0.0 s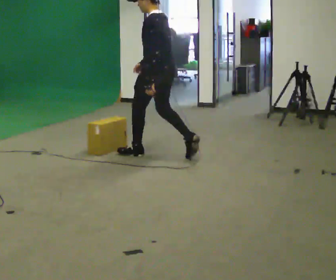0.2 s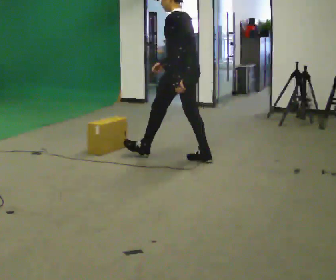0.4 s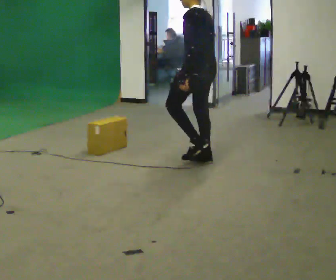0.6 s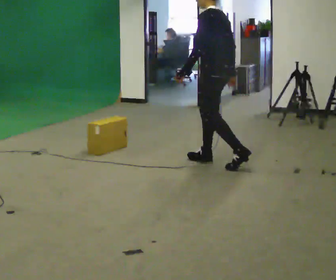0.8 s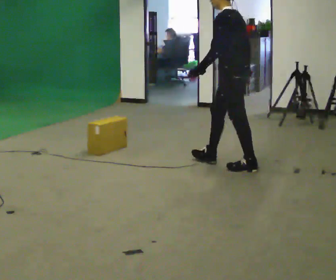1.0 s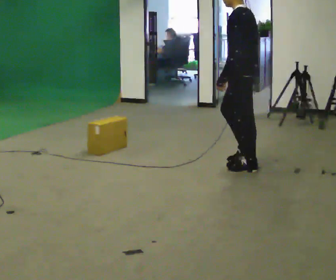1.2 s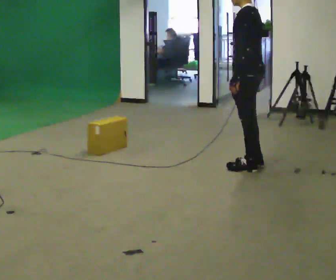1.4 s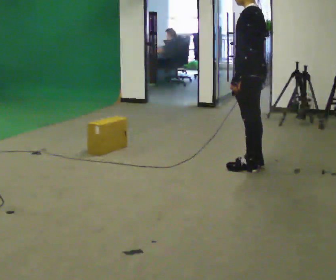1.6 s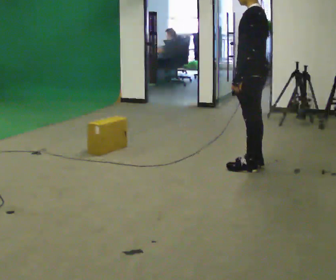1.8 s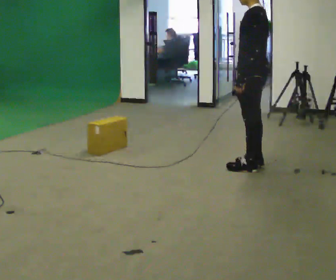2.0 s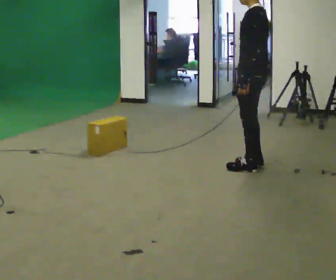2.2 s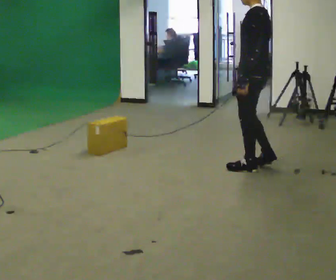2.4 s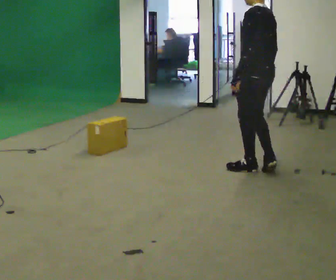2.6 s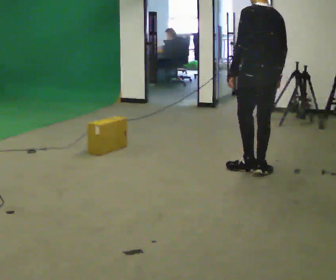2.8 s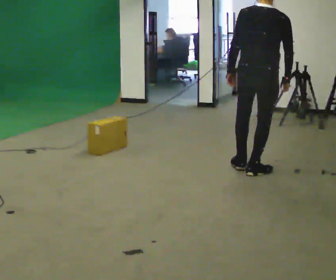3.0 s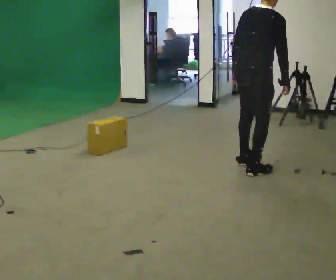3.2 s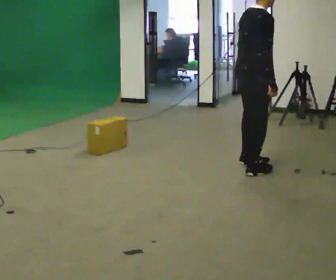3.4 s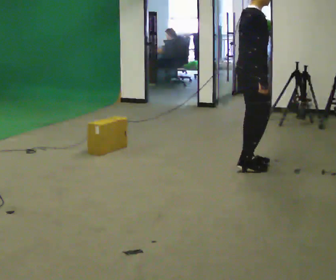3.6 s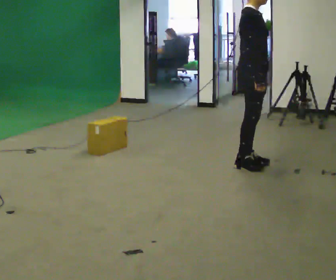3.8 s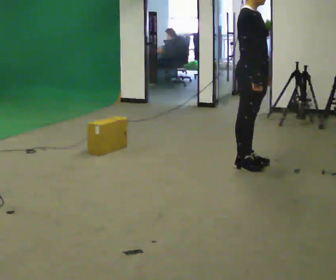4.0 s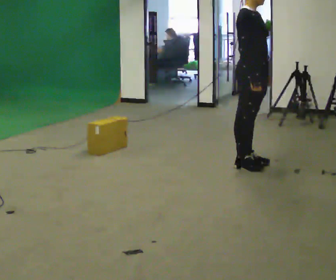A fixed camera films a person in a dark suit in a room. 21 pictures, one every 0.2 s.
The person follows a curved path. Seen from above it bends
counterclockwise.
The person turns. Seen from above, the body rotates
clockwise.
0.0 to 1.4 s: In the picture they go to the right, about 1 m in 2 steps, which for them is backward.
1.4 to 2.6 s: Seen from above the body turns clockwise, about 30 degrees: to their right, with its near side sliding to the left.
2.6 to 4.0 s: The person turns about 150 degrees to their right, clockwise seen from above, so the part of the body nearest the lens slides to the left. In the picture they go away from the camera, about 0.25 m in 2 steps.
The film runs backward here.
